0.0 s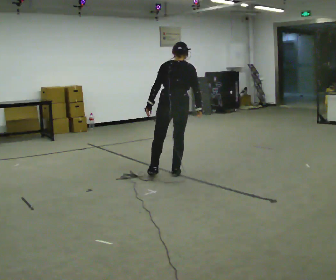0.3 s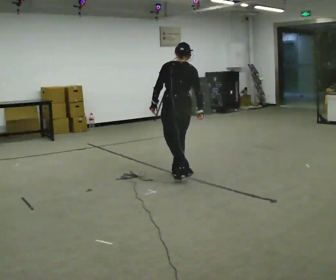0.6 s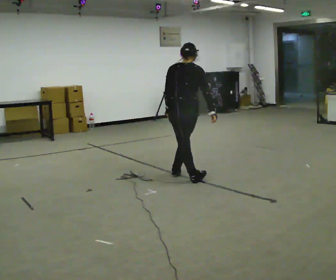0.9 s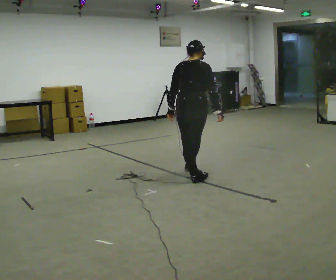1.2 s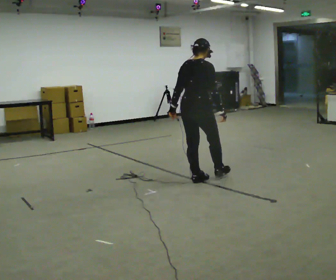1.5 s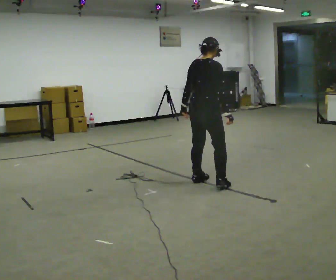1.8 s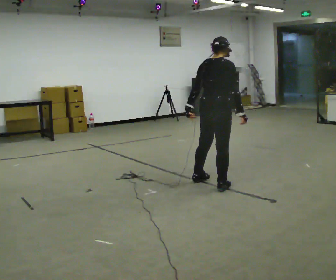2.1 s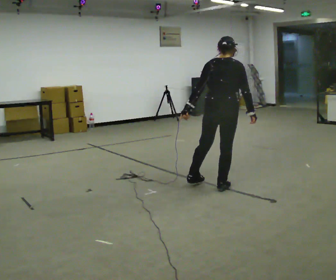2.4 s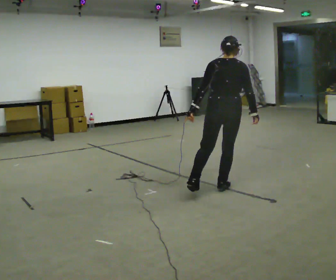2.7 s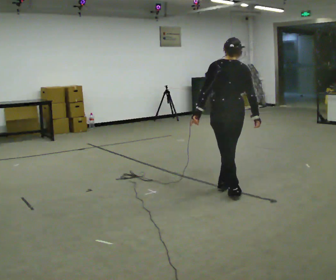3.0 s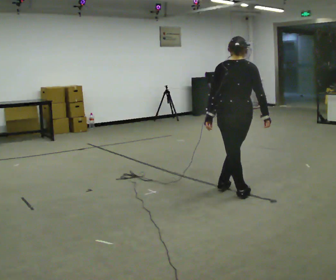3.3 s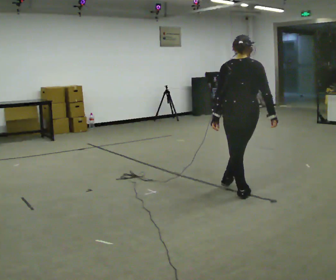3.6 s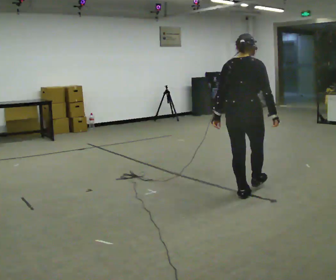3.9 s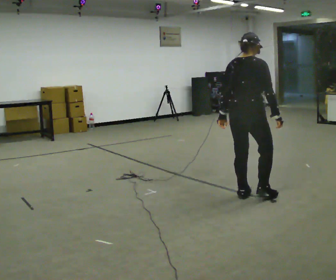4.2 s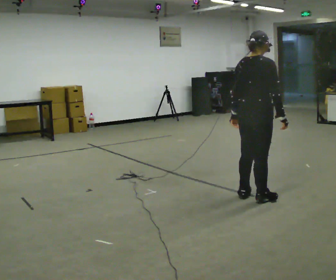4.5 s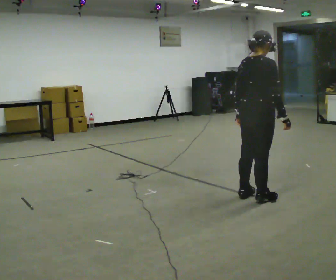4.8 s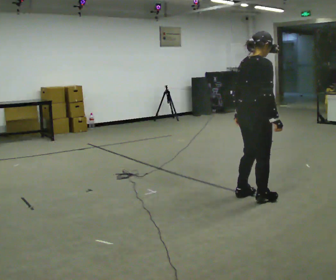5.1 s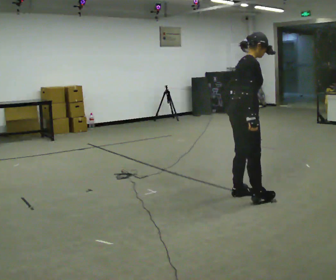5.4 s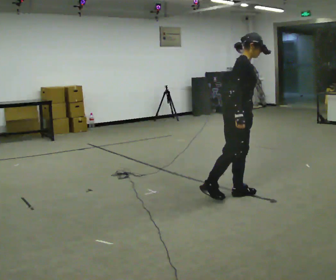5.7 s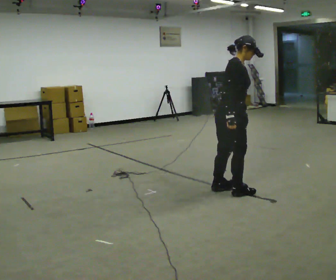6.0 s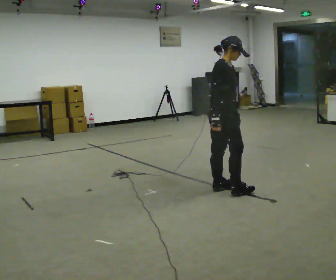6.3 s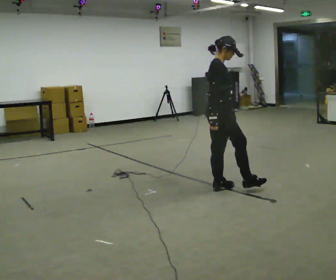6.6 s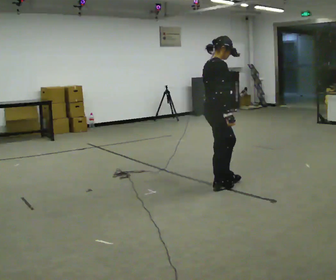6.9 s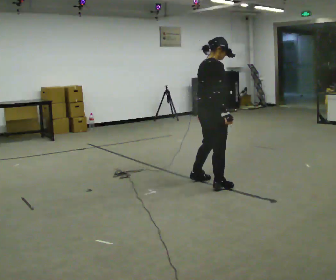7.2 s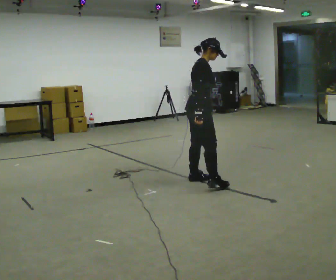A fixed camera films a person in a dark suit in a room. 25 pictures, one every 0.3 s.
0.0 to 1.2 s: The person turns about 30 degrees to their right, clockwise seen from above, so the part of the body nearest the lens slides to the left. In the picture they go toward the camera and to the right, about 0.5 m in 1 step, which for them is backward and to their right.
1.2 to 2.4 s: The part of the body nearest the lens slides to the right as the person turns to their left by about 30 degrees. In the picture they go to the right and toward the camera, about 0.5 m in 1 step, which for them is to their right.
2.4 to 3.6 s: In the picture they go toward the camera and to the right, about 0.25 m in 1 step, which for them is backward and to their right.
3.6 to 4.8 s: Seen from above the body turns clockwise, about 30 degrees: to their right, with its near side sliding to the left.
4.8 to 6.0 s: The person turns about 60 degrees to their right, clockwise seen from above, so the part of the body nearest the lens slides to the left. In the picture they go away from the camera and to the left, about 0.5 m in 1 step, which for them is backward and to their left.
6.0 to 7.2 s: Seen from above the body turns counterclockwise, about 30 degrees: to their left, with its near side sliding to the right. In the picture they go away from the camera and to the left, about 0.5 m in 2 steps, which for them is to their left and backward.
The film runs backward here.
